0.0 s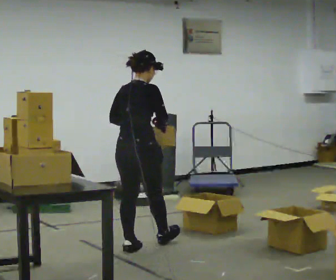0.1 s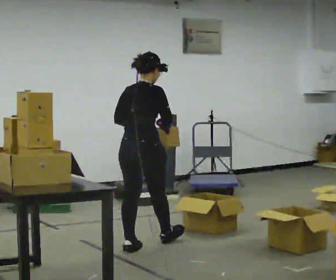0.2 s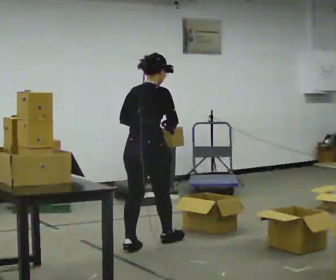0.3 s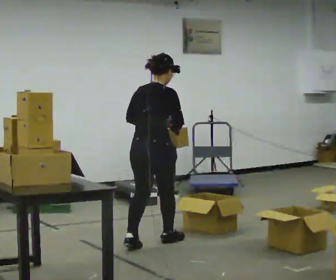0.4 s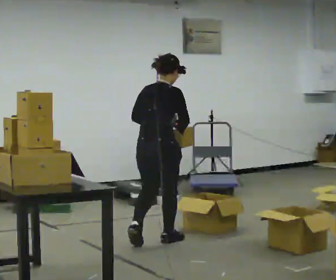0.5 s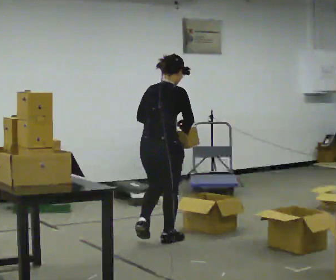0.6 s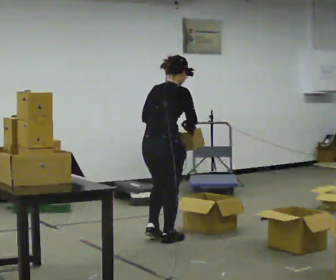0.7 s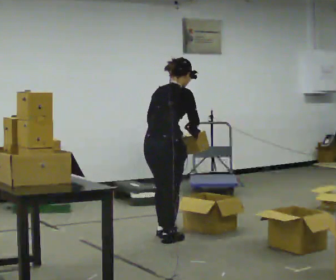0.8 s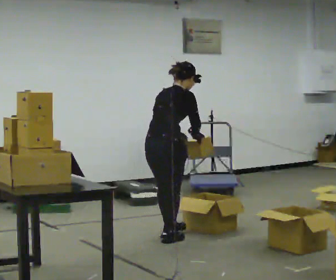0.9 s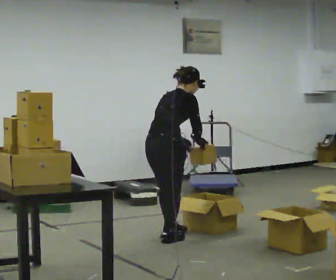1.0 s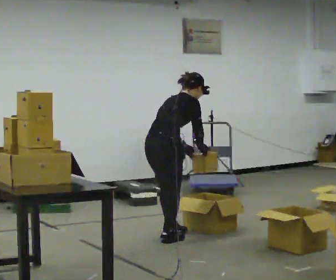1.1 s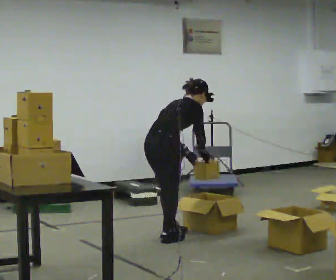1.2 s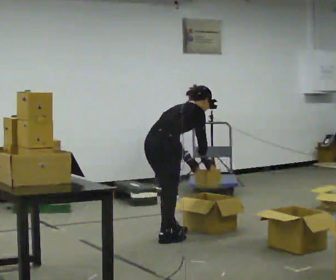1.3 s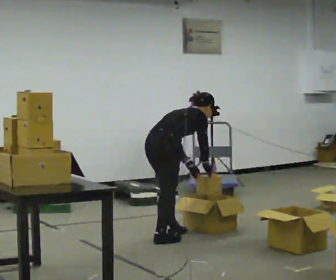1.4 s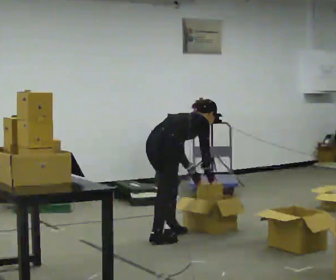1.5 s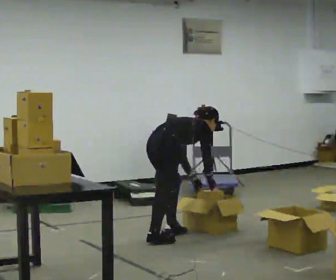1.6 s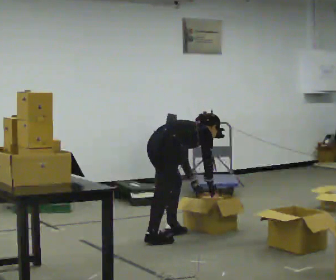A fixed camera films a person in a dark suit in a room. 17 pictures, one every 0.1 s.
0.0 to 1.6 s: In the picture they go away from the camera and to the right, about 0.5 m in 2 steps, which for them is forward. The upper body goes downward. In the picture the upper body tilts clockwise, shoulders to the right, as they bend forward. In the picture their right hand goes downward.
The film runs forward here.
